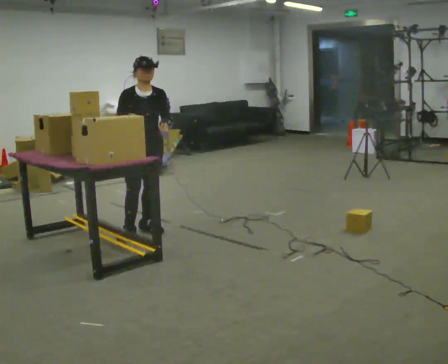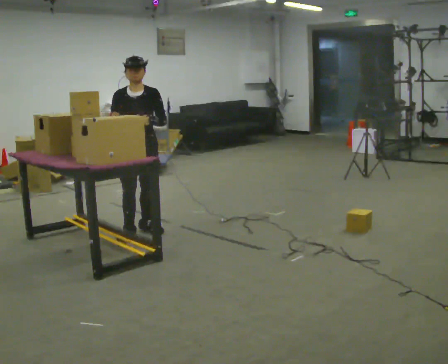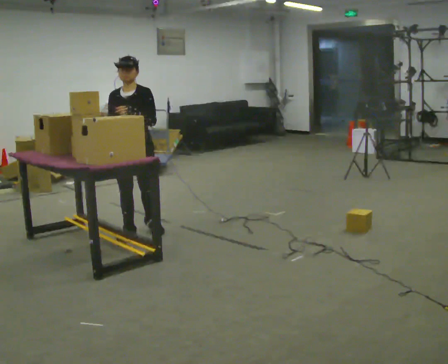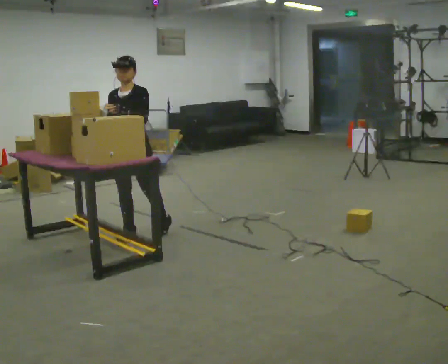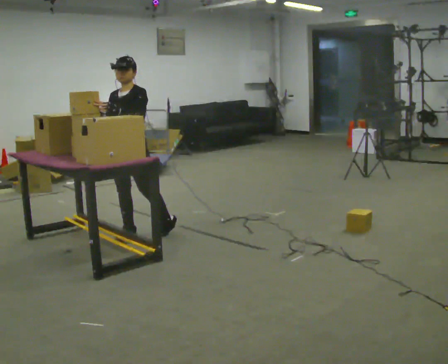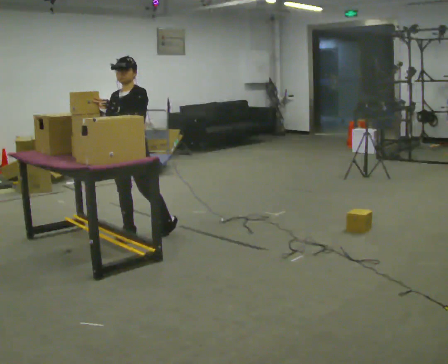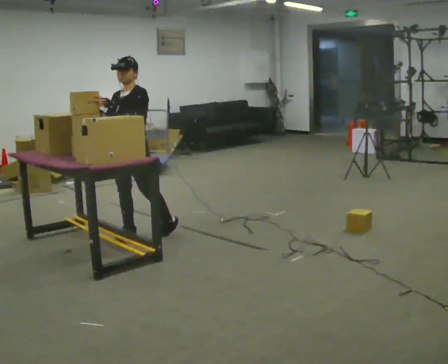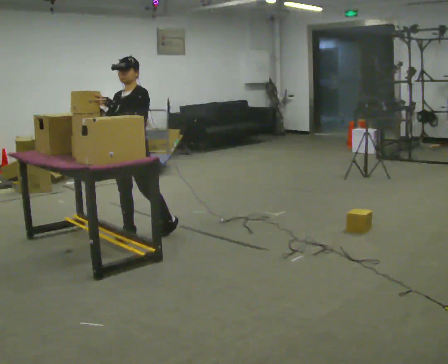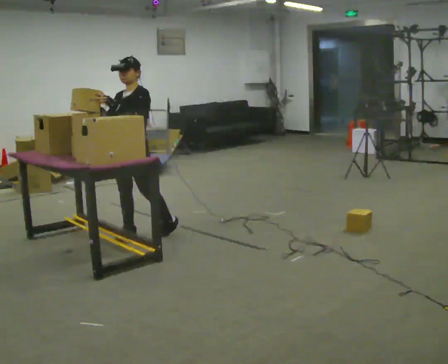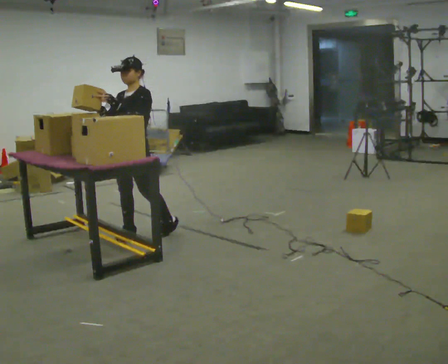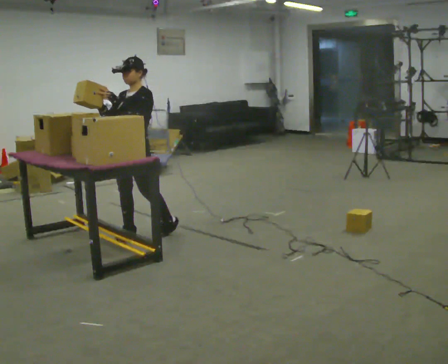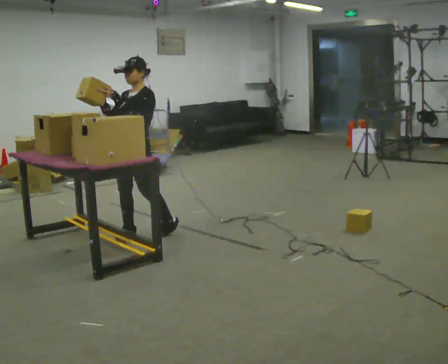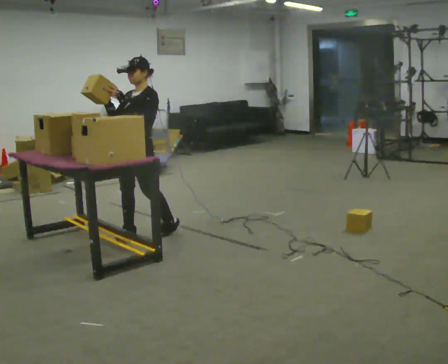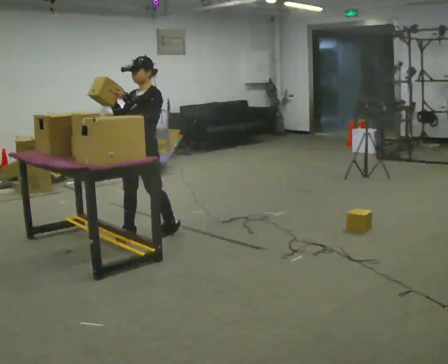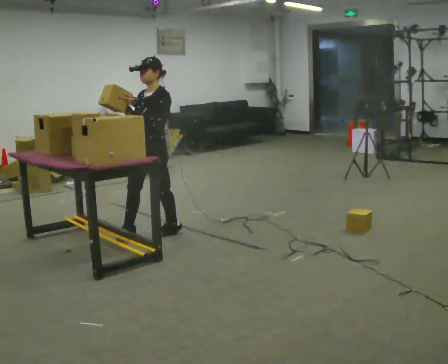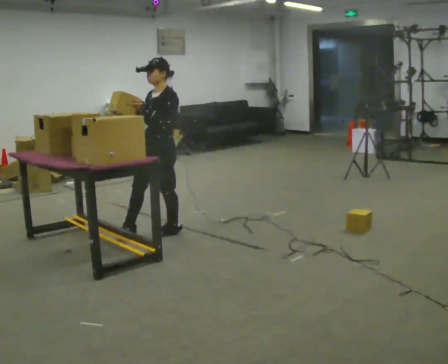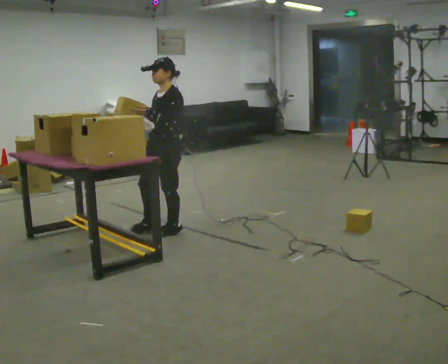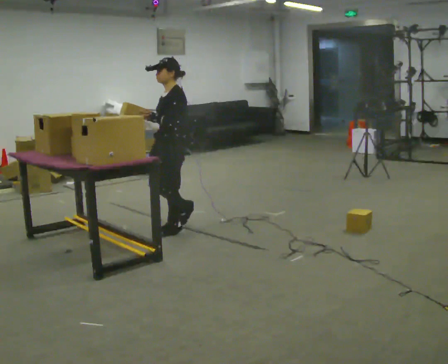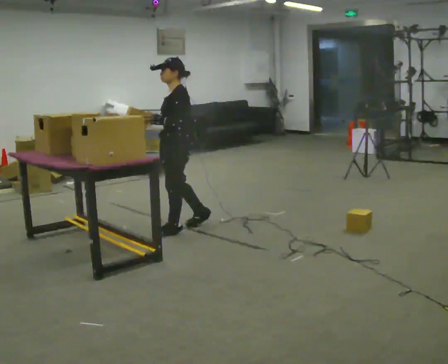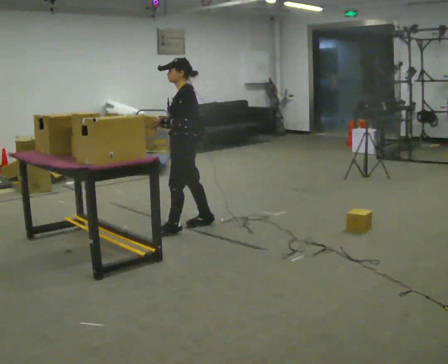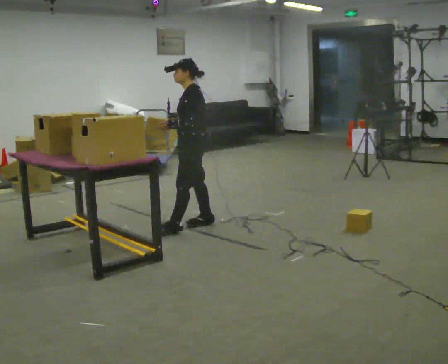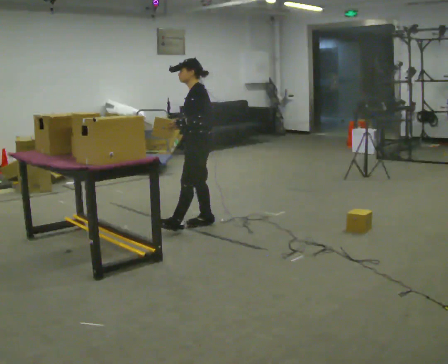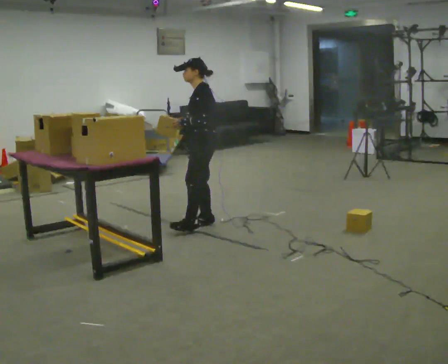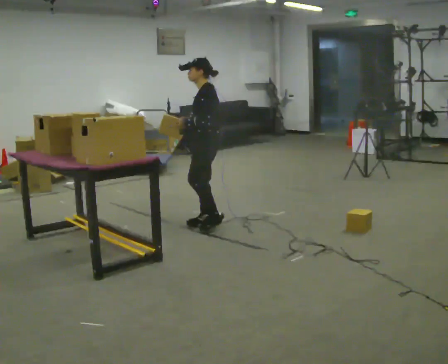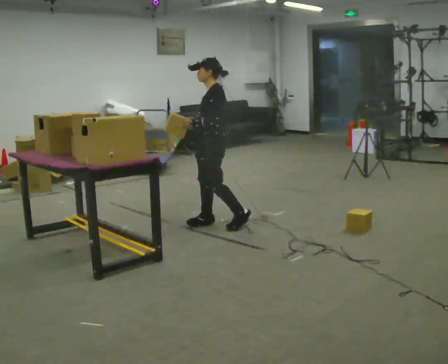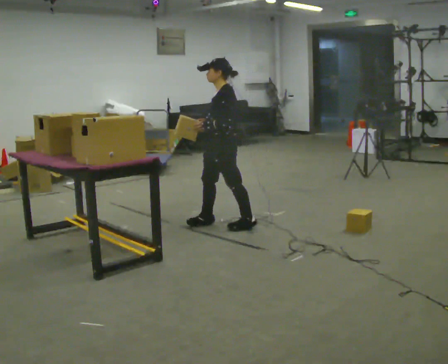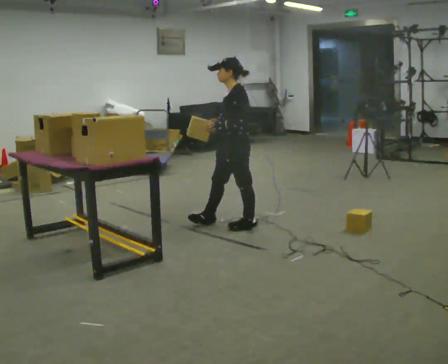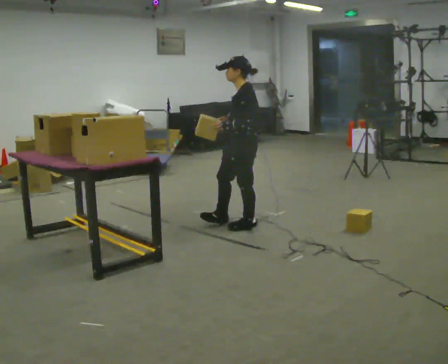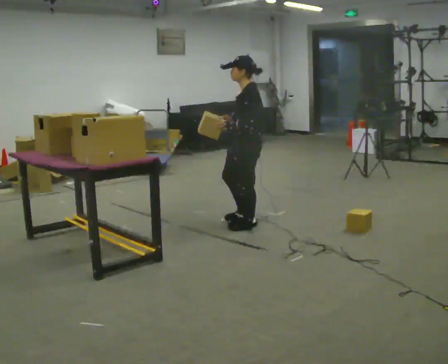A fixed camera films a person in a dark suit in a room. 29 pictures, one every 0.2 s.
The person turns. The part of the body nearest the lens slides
to the left.
The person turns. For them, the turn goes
to their right.
0.0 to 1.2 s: The person turns about 60 degrees to their right, clockwise seen from above, so the part of the body nearest the lens slides to the left. In the picture their left hand goes to the left.
1.2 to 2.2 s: The person moves a little, or ends about where they began.
2.2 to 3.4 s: Seen from above the body turns clockwise, about 30 degrees: to their right, with its near side sliding to the left. In the picture they go to the right, about 0.25 m in 1 step, which for them is backward.
3.4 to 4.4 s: In the picture they go to the right, about 0.25 m in 1 step, which for them is backward and to their right.
4.4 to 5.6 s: In the picture they go to the right and toward the camera, about 0.5 m in 1 step, which for them is backward and to their left.
The film runs backward here.
